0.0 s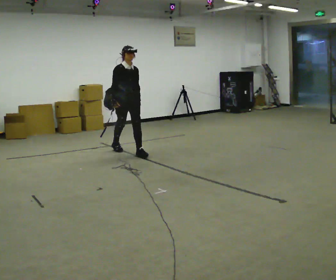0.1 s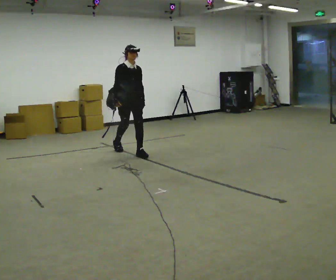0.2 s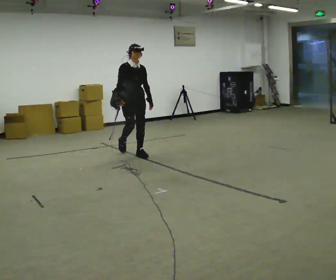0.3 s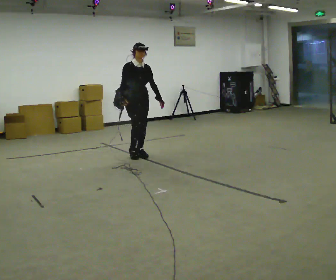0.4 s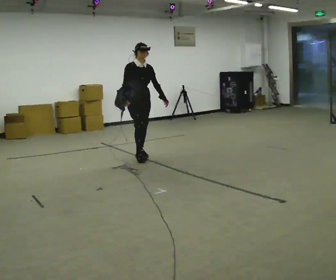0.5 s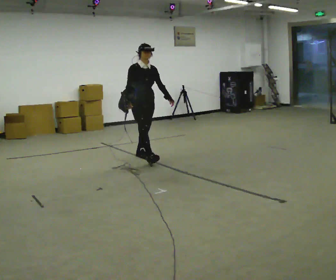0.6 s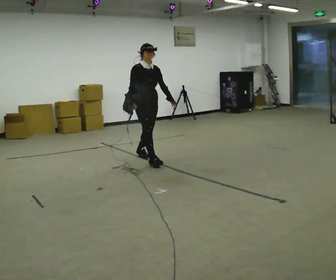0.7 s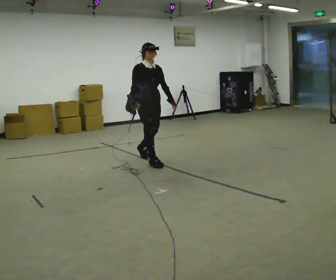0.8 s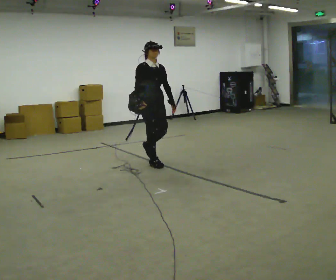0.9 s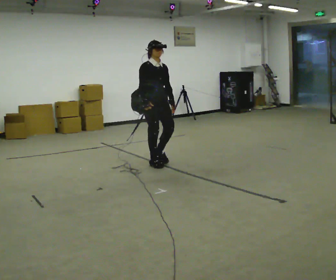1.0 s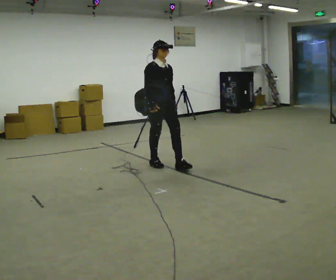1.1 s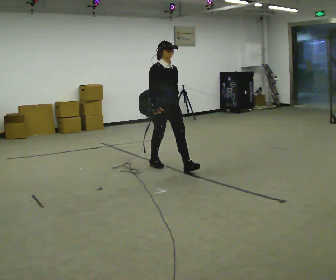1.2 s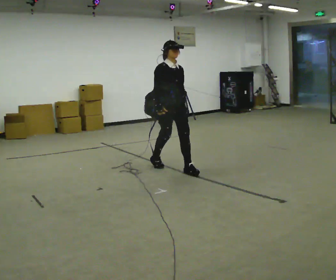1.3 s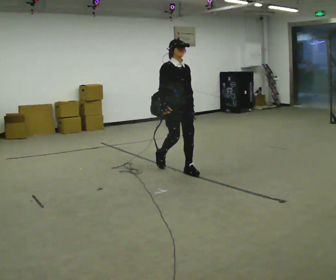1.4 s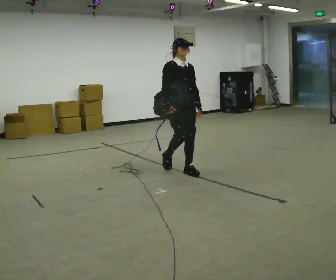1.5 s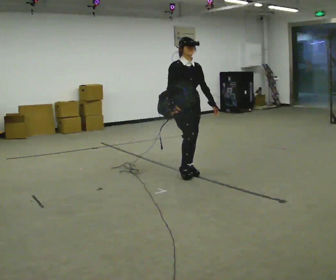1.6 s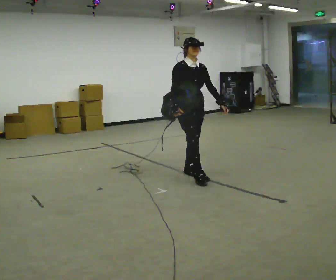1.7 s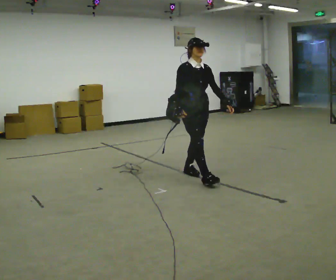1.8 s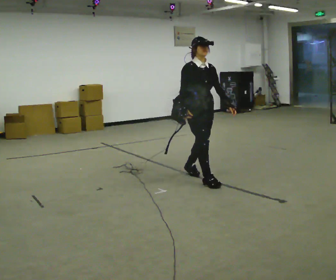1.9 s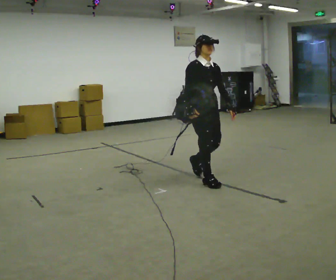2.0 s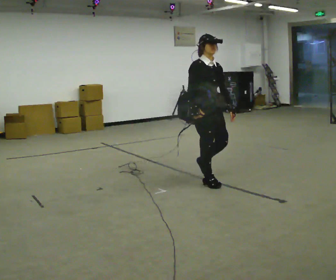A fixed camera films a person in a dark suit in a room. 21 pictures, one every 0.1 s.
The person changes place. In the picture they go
toward the camera.
0.0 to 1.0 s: In the picture they go toward the camera and to the right, about 1 m in 1 step, which for them is forward.
1.0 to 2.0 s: In the picture they go toward the camera and to the right, about 1 m in 2 steps, which for them is forward.
The film runs forward here.
